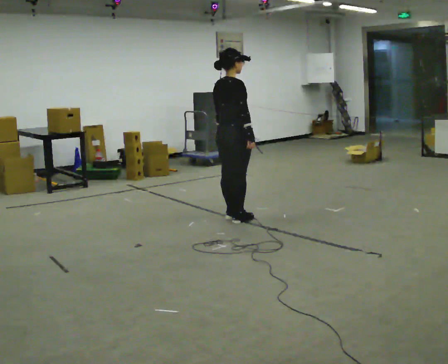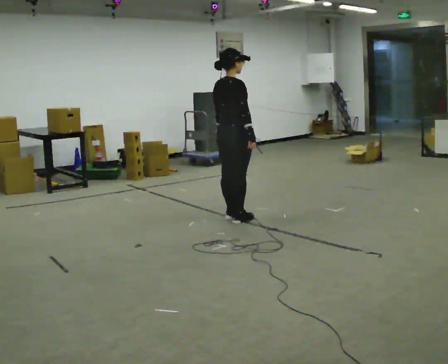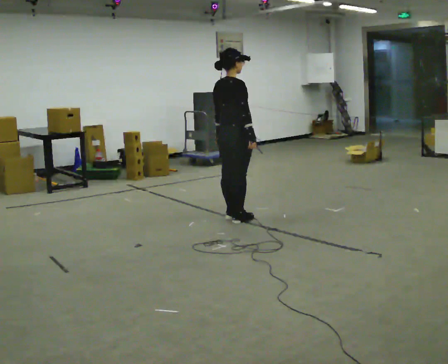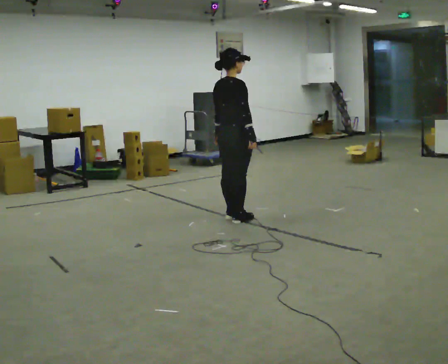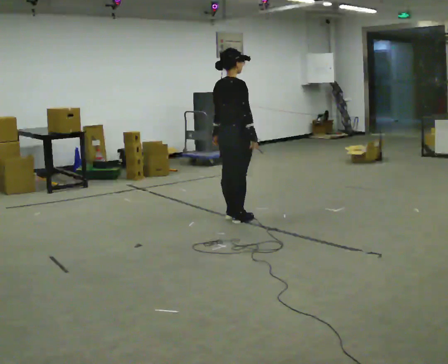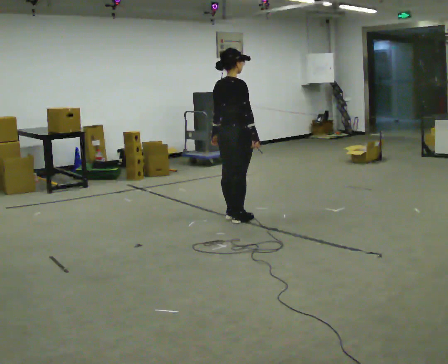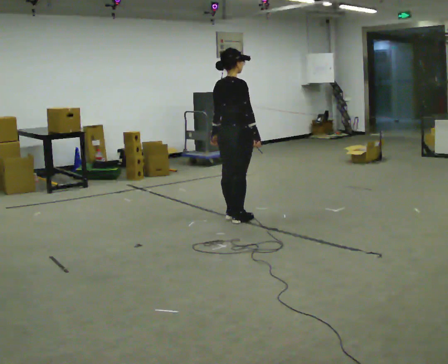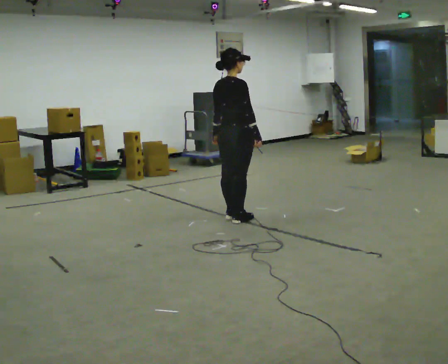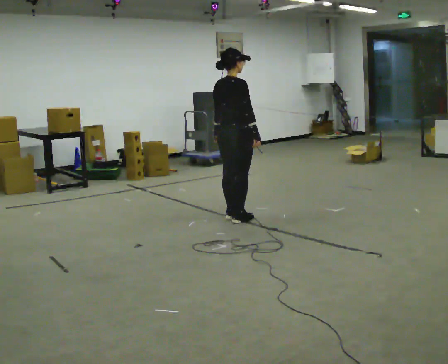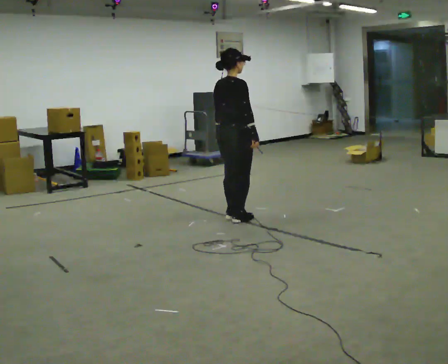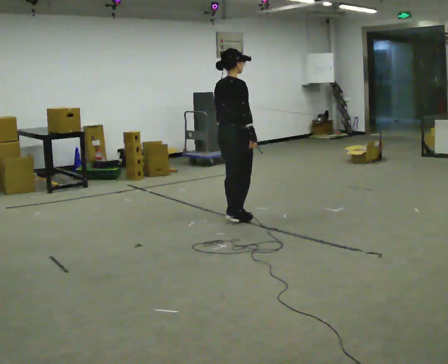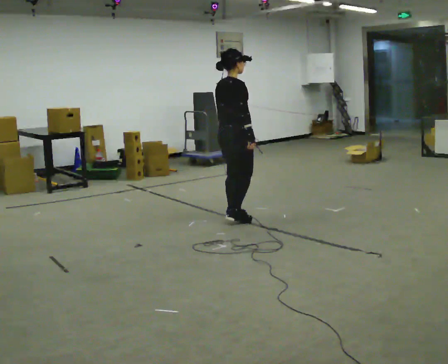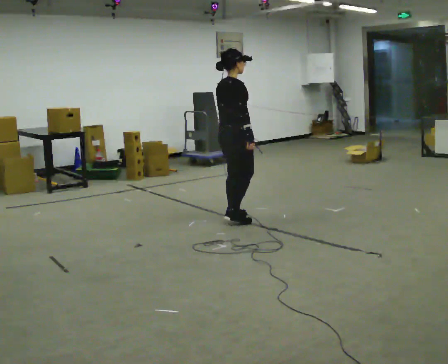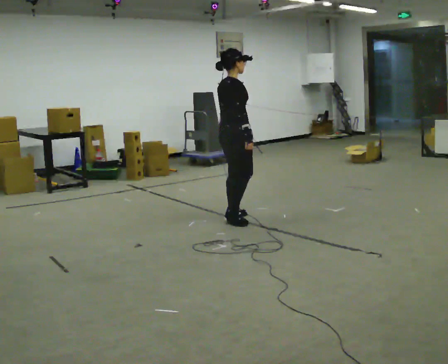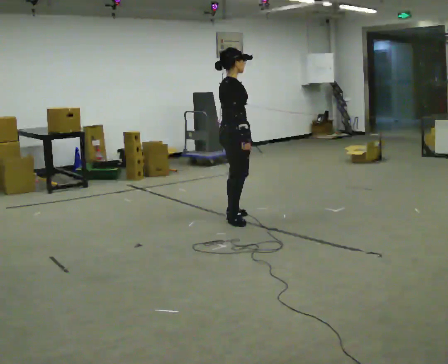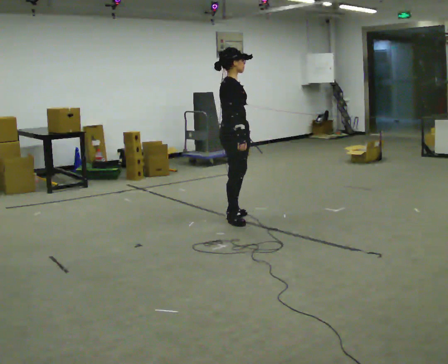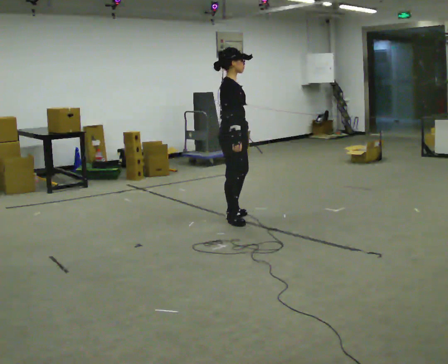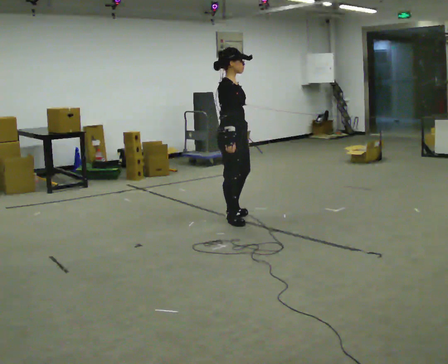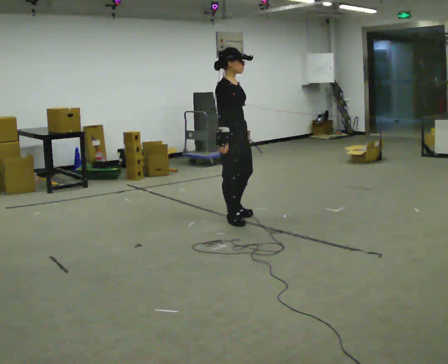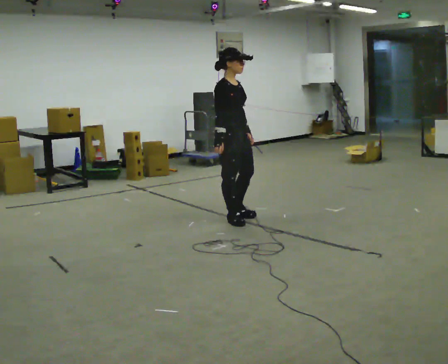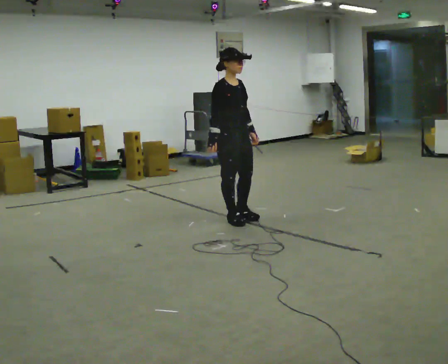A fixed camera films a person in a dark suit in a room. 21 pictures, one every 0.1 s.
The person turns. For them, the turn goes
to their right.
The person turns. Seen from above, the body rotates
clockwise.
0.0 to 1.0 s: The person moves a little, or ends about where they began.
1.0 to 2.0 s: The part of the body nearest the lens slides to the left as the person turns to their right by about 75 degrees. In the picture their right hand goes to the left.
The film runs backward here.
